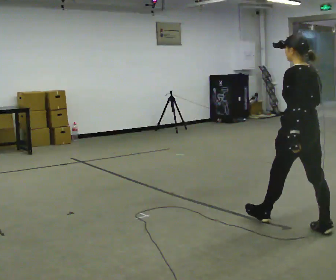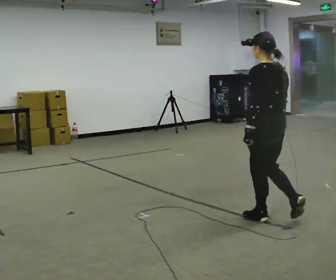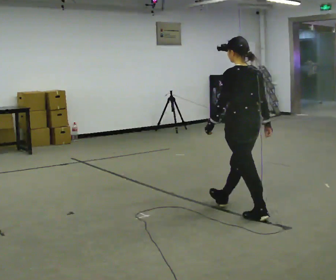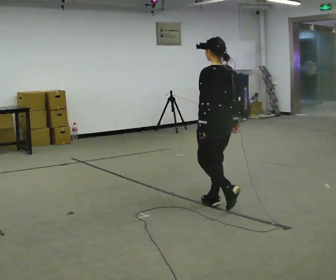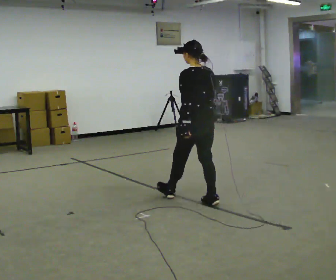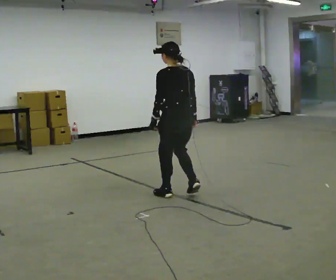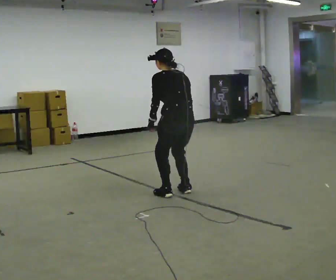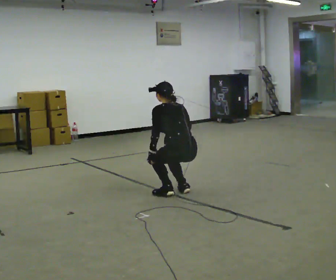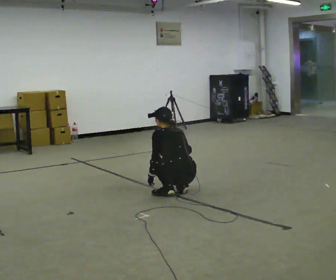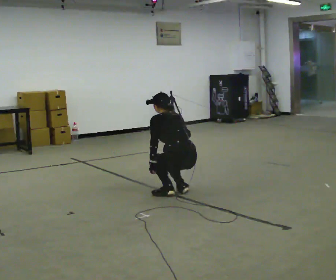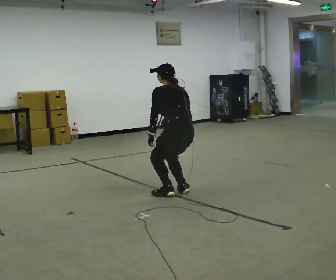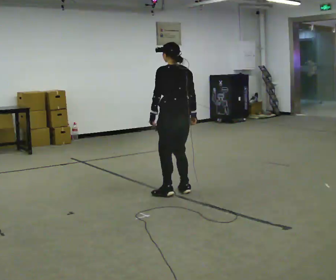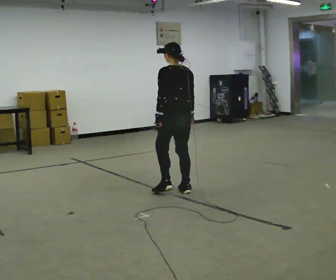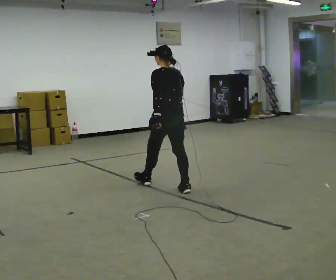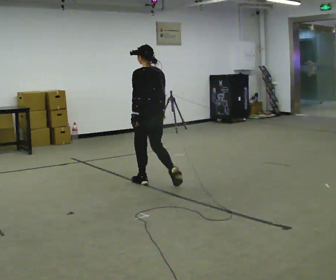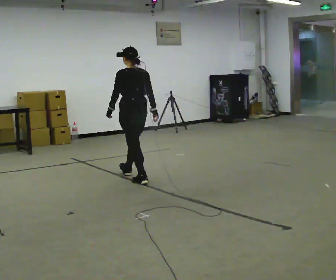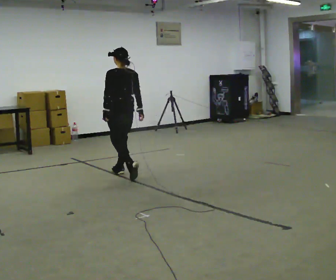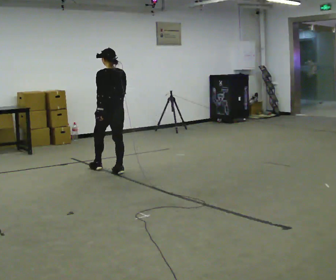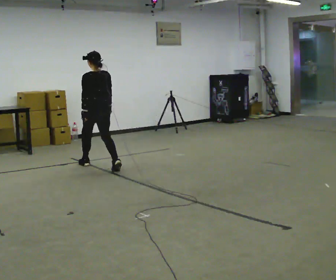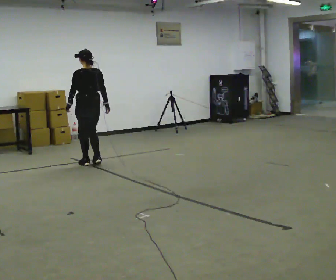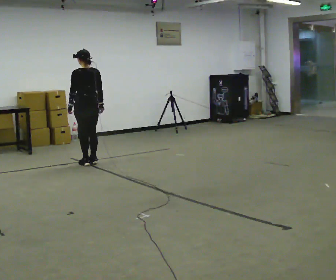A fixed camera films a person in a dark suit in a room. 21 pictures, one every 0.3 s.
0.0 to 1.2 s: In the picture they go away from the camera and to the left, about 1 m in 2 steps, which for them is forward.
1.2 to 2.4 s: In the picture they go away from the camera, about 0.25 m in 2 steps, which for them is forward. The upper body goes downward. The upper body tips away from the camera, its near side rolling upward, as they bend forward. In the picture their right hand goes downward.
2.4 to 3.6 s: In the picture they go away from the camera, about 0.25 m, which for them is forward. The upper body goes upward. The upper body tips toward the camera, its near side rolling downward, as they lean back or straighten. In the picture their right hand goes upward.
3.6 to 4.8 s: In the picture they go away from the camera and to the left, about 1 m in 2 steps, which for them is forward.
4.8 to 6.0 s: In the picture they go away from the camera and to the left, about 1 m in 2 steps, which for them is forward.
The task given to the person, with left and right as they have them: Walk; crouch comfortably at marker; remain briefly; stand and continue.
The film runs forward here.
